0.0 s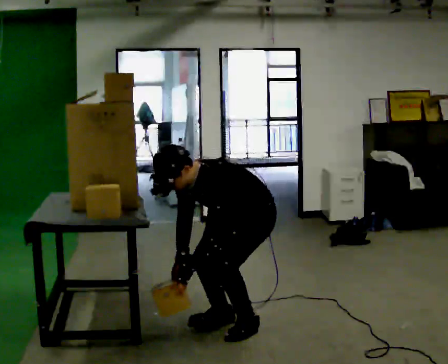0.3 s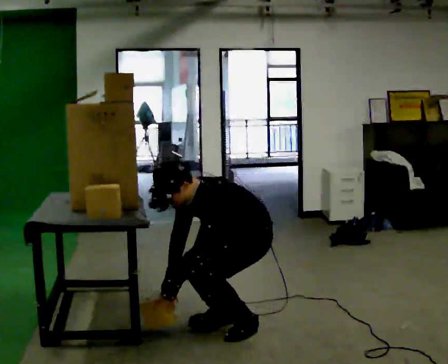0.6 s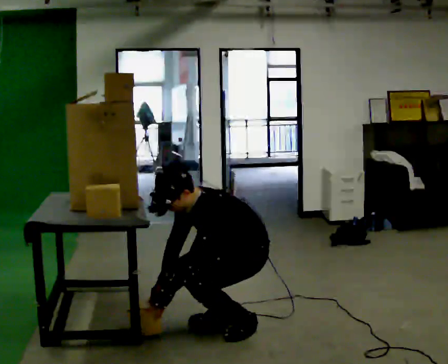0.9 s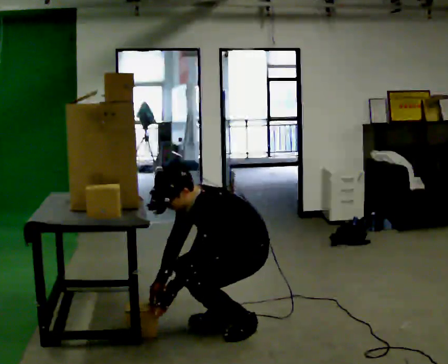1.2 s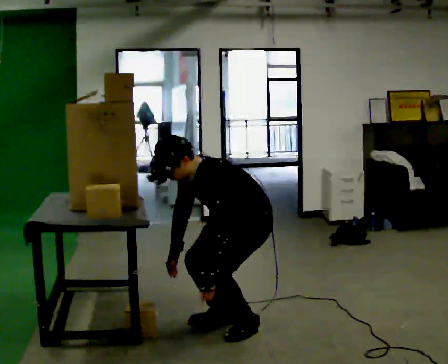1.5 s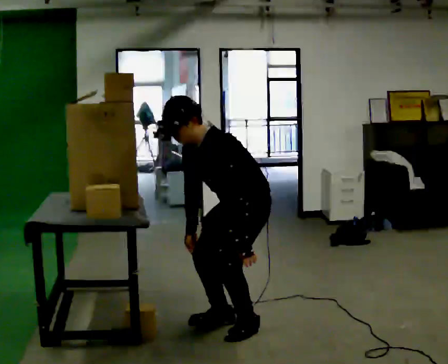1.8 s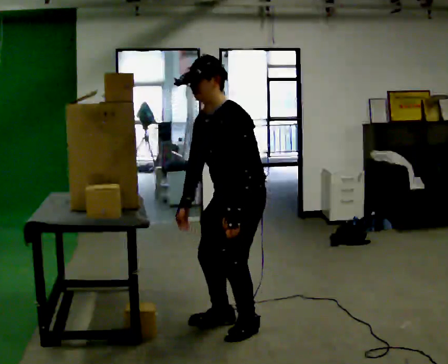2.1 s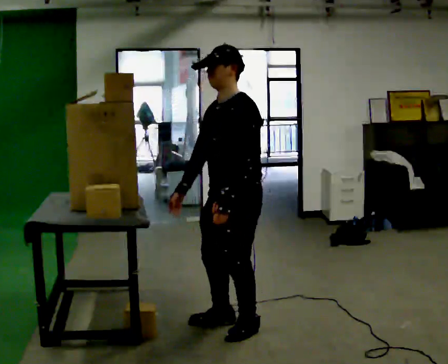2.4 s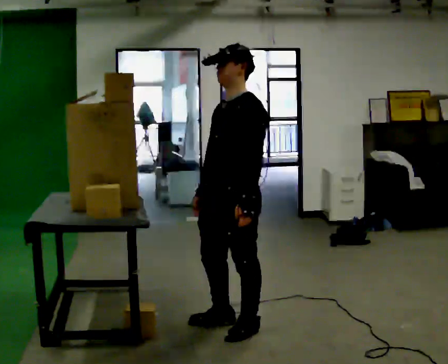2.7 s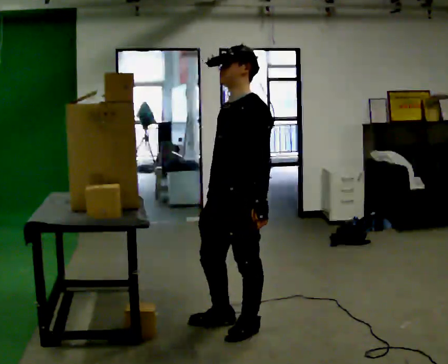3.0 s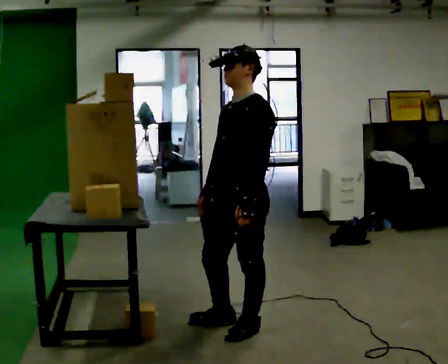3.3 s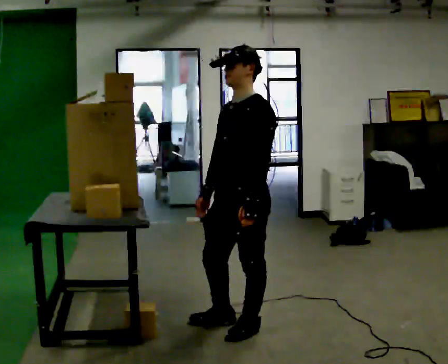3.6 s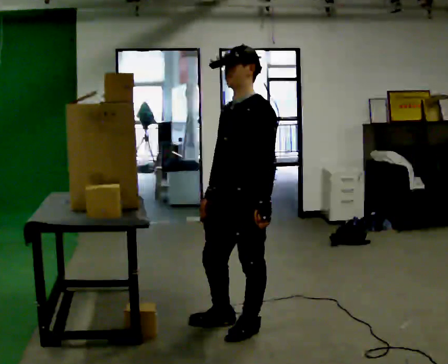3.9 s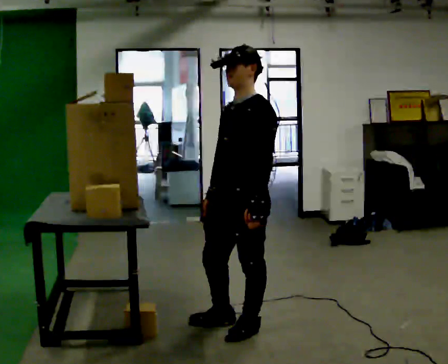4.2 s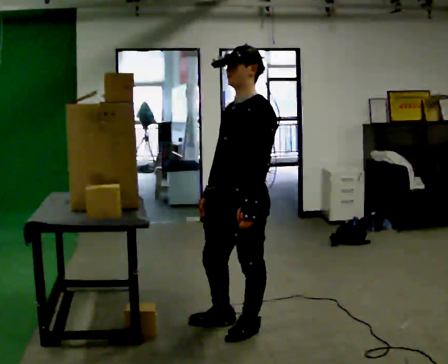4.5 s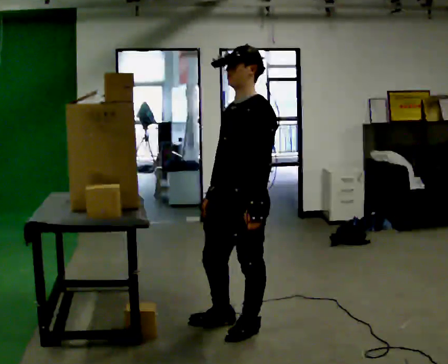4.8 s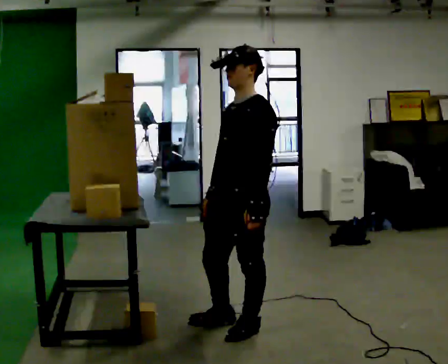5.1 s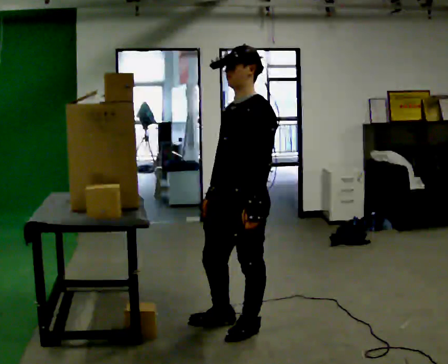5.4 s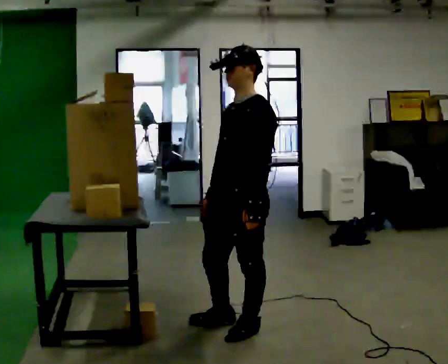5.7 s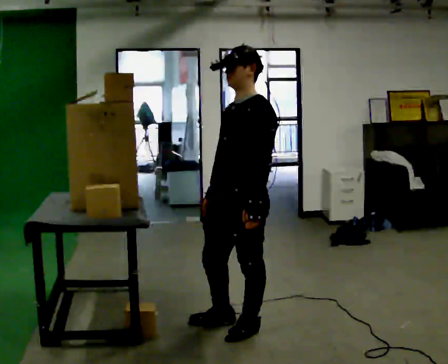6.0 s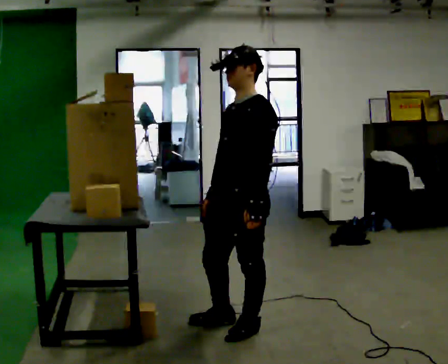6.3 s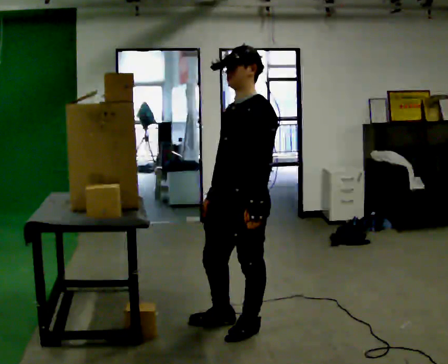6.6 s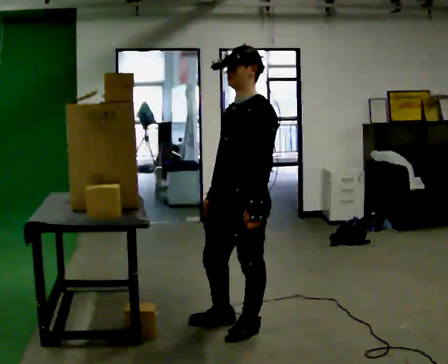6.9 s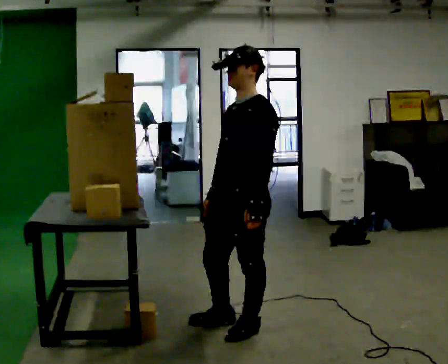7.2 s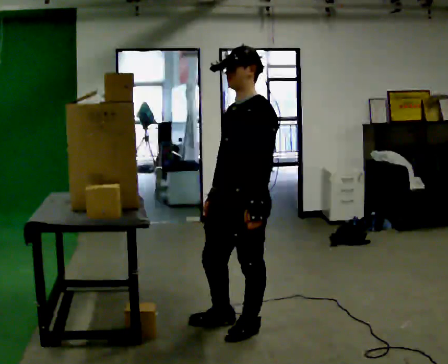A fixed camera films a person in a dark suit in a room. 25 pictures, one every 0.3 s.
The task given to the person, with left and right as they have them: 1. The operator will tell you the shelf is already sorted and just needs moving to the table. 2. Do what you think is right. 3. Tell the operator when you are finished.
0.0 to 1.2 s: The person moves a little, or ends about where they began.
1.2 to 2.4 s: In the picture they go toward the camera, about 0.25 m, which for them is forward. The shoulders move upward. In the picture the upper body tilts clockwise, shoulders to the right, as they lean back or straighten. In the picture their left hand goes upward.
2.4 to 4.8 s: The person moves a little, or ends about where they began.
4.8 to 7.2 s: The person keeps their place and pose.
The film runs forward here.
